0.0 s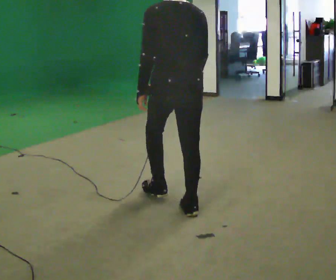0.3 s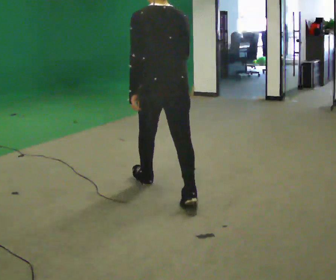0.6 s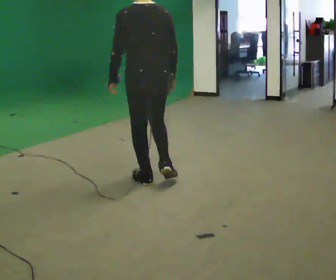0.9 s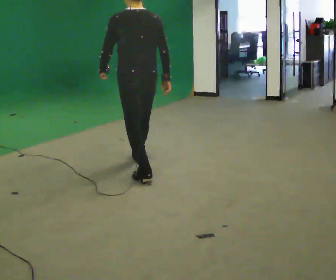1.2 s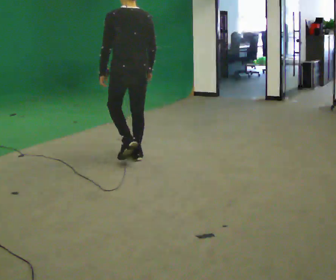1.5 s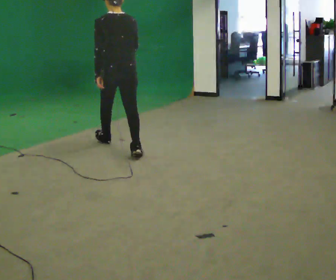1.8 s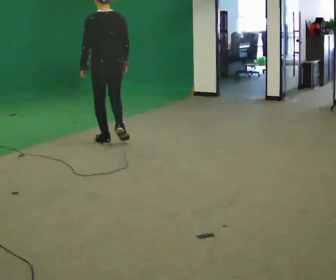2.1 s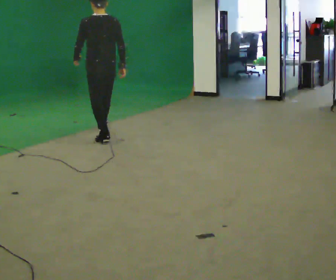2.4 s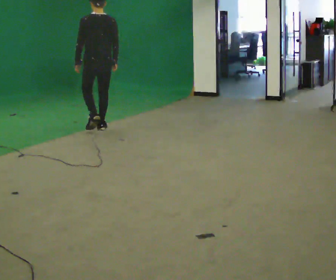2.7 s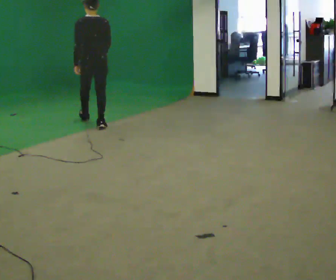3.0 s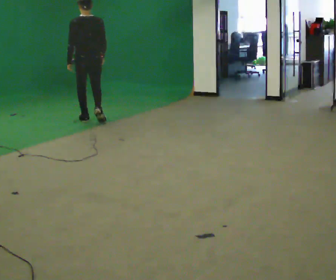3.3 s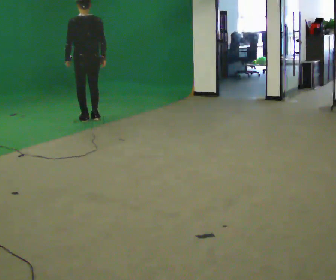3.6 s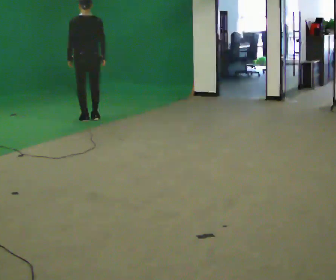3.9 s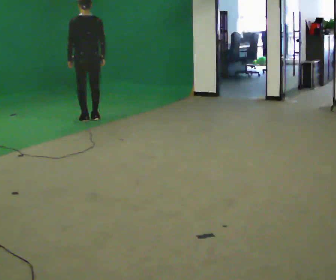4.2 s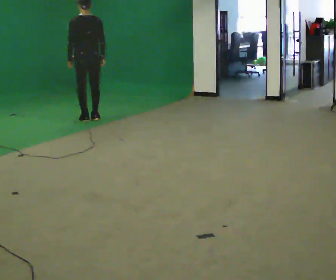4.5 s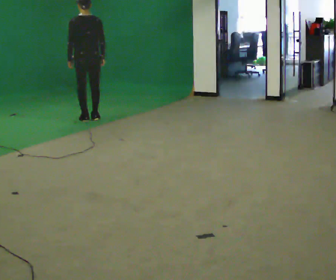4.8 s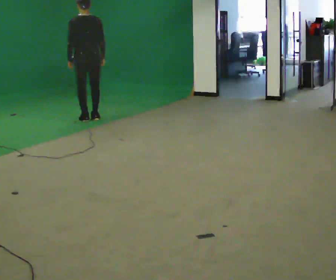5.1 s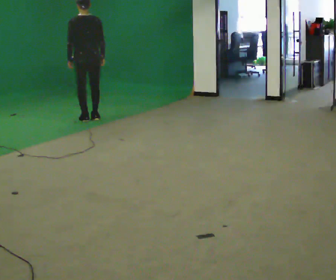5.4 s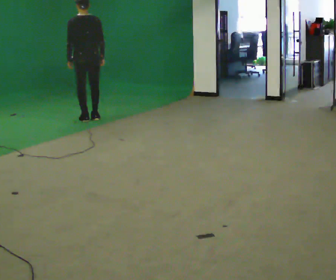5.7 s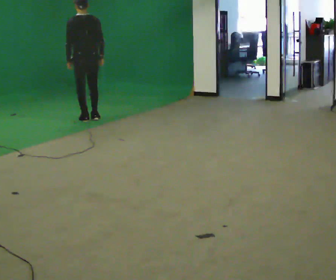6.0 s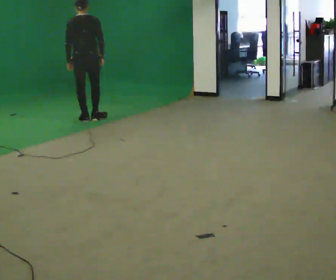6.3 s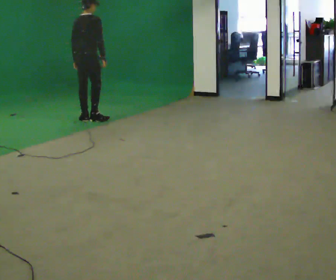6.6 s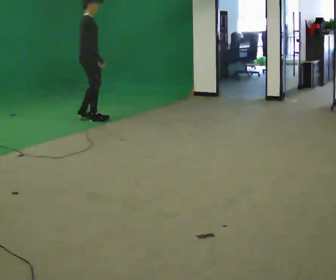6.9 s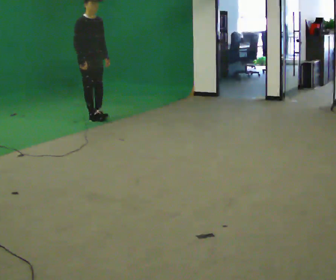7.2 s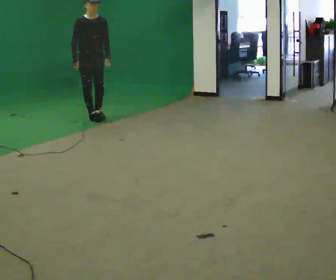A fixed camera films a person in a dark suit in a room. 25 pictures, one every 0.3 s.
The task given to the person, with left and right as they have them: Walk forward while moving diagonally left/right; finish ~45° from start direction.
0.0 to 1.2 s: In the picture they go away from the camera, about 1.5 m in 2 steps, which for them is forward.
1.2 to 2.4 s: In the picture they go away from the camera, about 1.5 m in 2 steps, which for them is forward.
2.4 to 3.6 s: In the picture they go away from the camera, about 0.75 m in 2 steps, which for them is forward.
3.6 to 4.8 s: The person moves a little, or ends about where they began.
4.8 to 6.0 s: The upper body tips away from the camera, its near side rolling upward, as they bend forward.
6.0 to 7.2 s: Seen from above the body turns clockwise, about 150 degrees: to their right, with its near side sliding to the left. In the picture they go away from the camera, about 0.25 m in 1 step. The upper body tips toward the camera, its near side rolling downward. In the picture their right hand goes to the left, the arm swinging clockwise.
The film runs forward here.
